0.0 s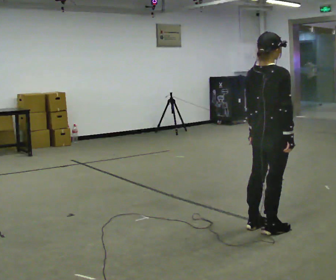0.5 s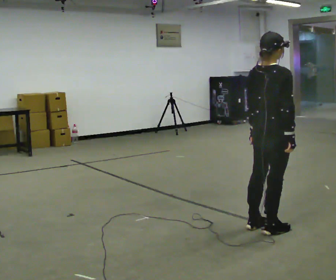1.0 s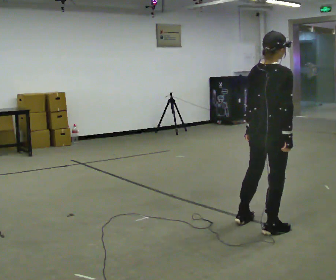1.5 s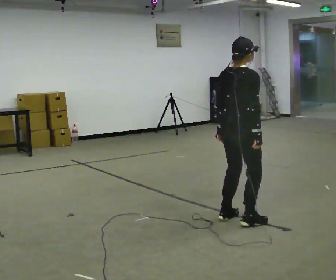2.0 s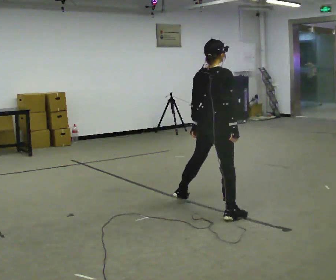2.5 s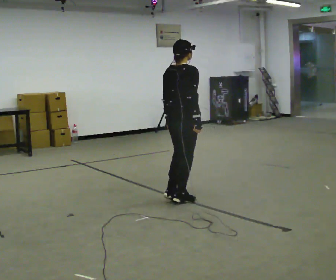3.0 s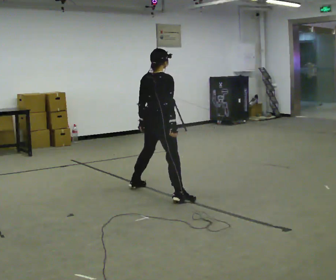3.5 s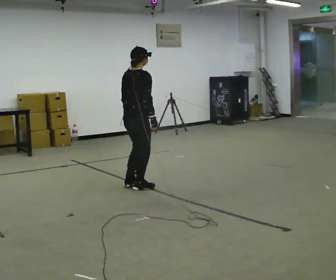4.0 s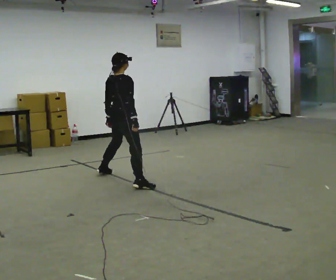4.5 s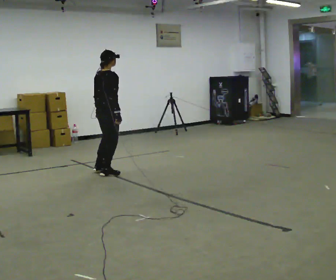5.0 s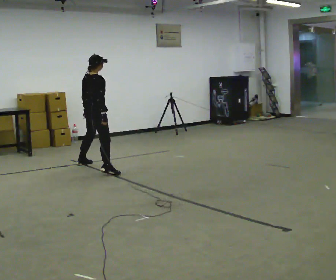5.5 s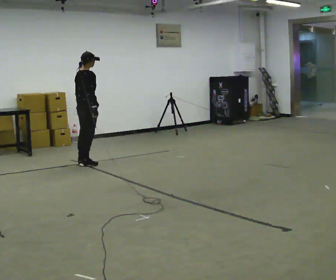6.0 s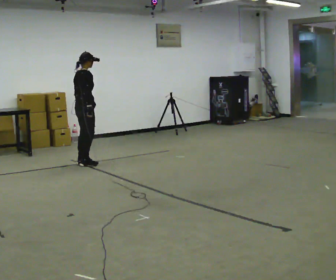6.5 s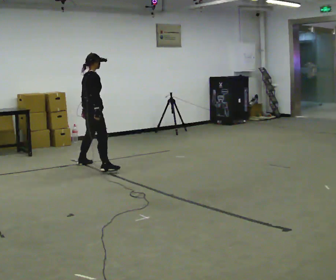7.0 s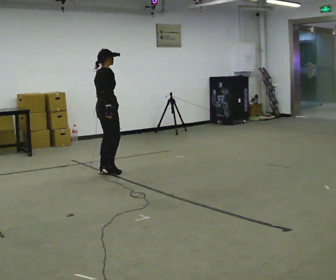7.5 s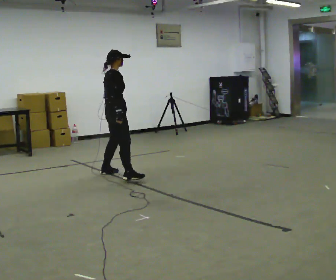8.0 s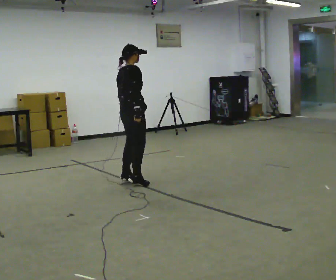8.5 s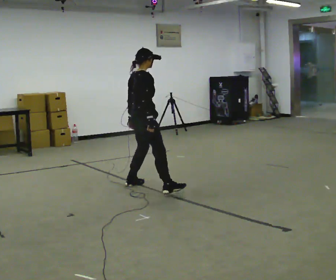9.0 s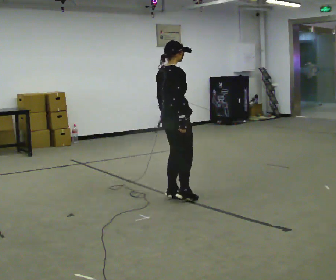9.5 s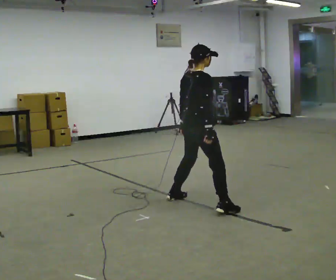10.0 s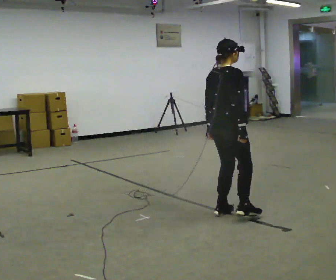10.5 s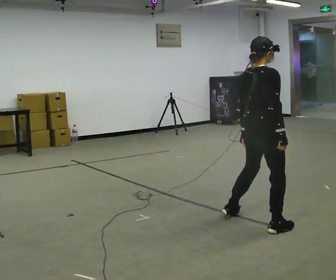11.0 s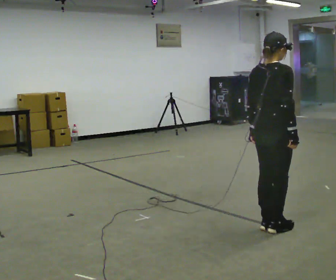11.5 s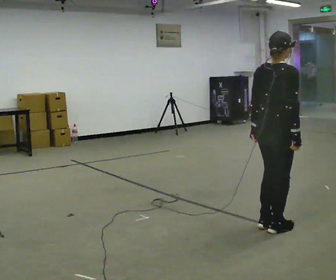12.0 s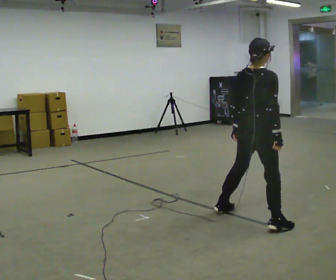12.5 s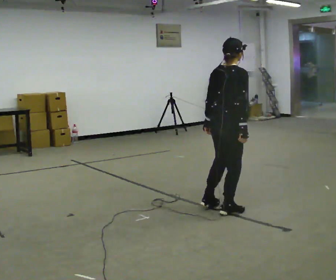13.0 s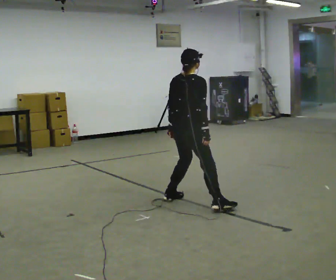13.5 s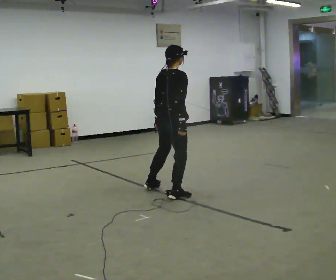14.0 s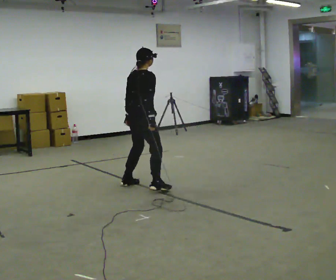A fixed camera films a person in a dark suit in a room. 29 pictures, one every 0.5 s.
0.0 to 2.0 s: In the picture they go away from the camera and to the left, about 0.75 m in 2 steps, which for them is to their left.
2.0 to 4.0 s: In the picture they go away from the camera and to the left, about 1.5 m in 4 steps, which for them is to their left.
4.0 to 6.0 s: In the picture they go away from the camera and to the left, about 1 m in 4 steps, which for them is to their left.
6.0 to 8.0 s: In the picture they go toward the camera and to the right, about 1 m in 3 steps, which for them is to their right.
8.0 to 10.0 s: In the picture they go toward the camera and to the right, about 1.5 m in 6 steps, which for them is to their right.
10.0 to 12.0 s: In the picture they go toward the camera and to the right, about 0.25 m in 2 steps, which for them is to their right.
12.0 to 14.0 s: In the picture they go away from the camera and to the left, about 1.5 m in 5 steps, which for them is to their left.
The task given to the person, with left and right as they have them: Shuffle sideways quickly in the direction the operator calls, without crossing your feet.
The film runs forward here.
